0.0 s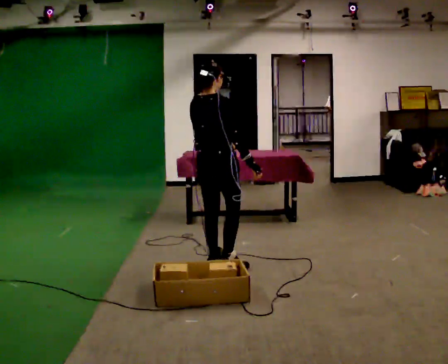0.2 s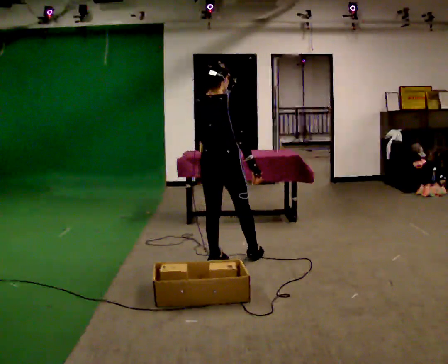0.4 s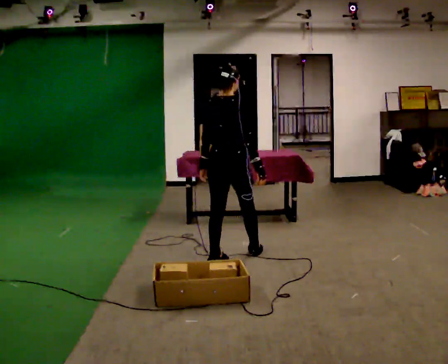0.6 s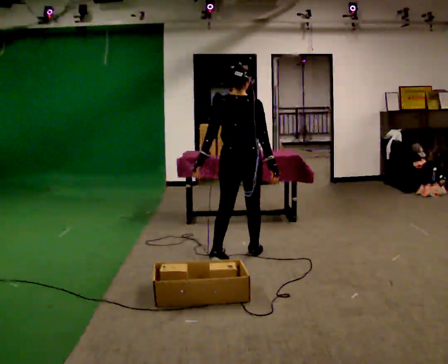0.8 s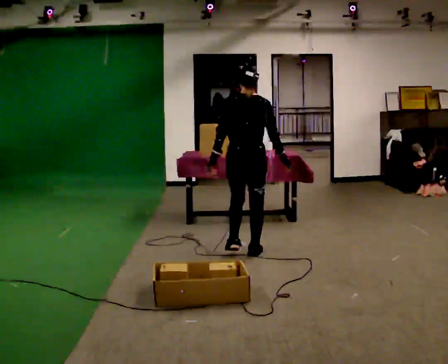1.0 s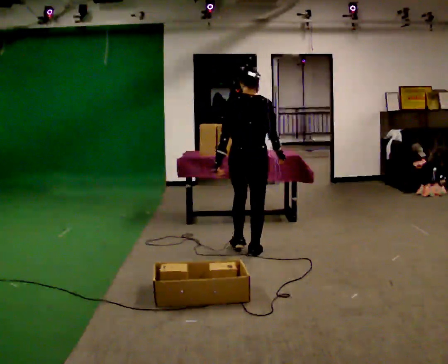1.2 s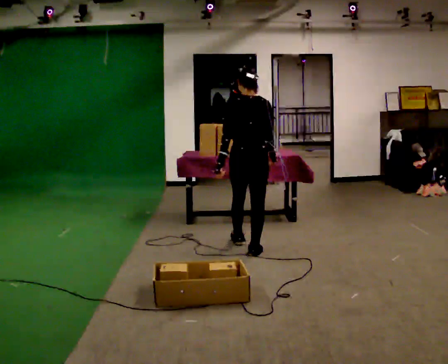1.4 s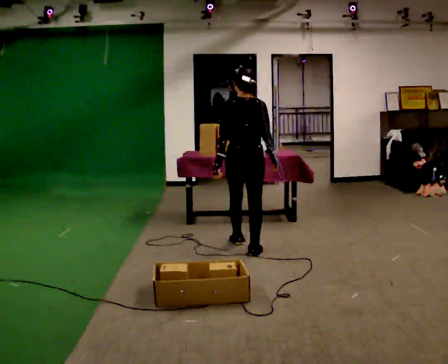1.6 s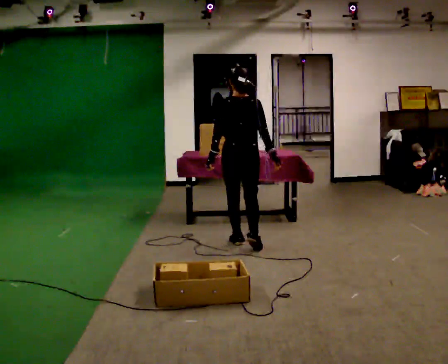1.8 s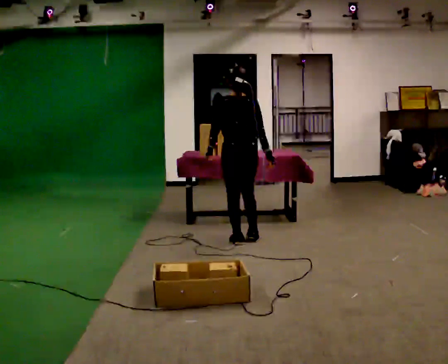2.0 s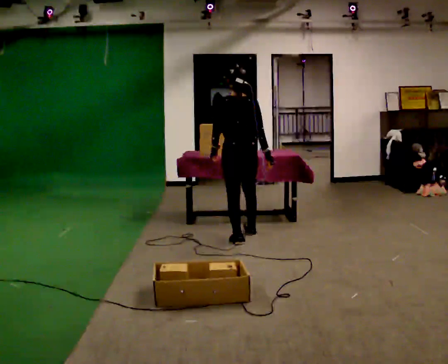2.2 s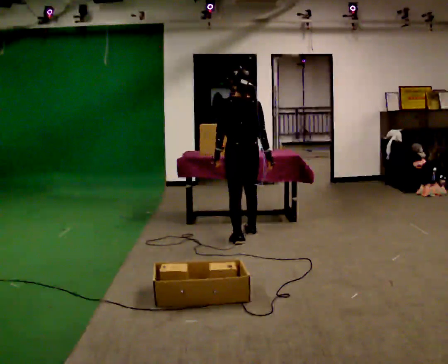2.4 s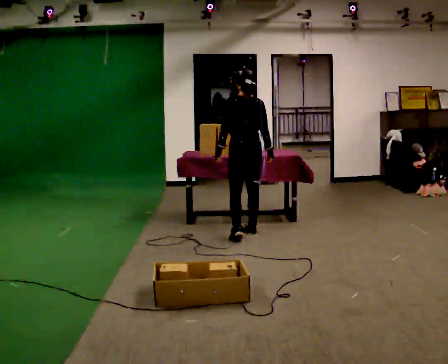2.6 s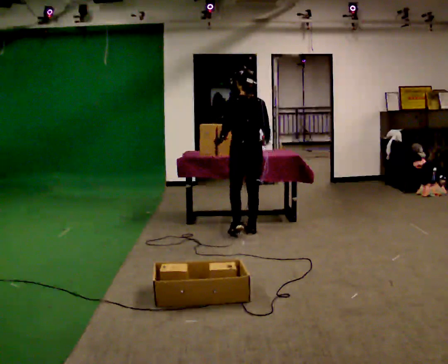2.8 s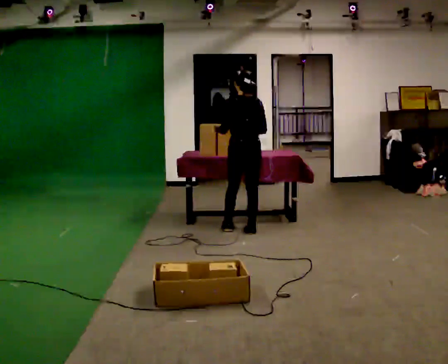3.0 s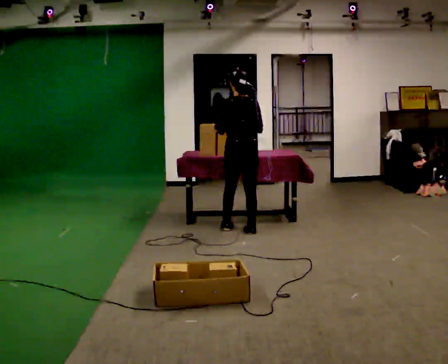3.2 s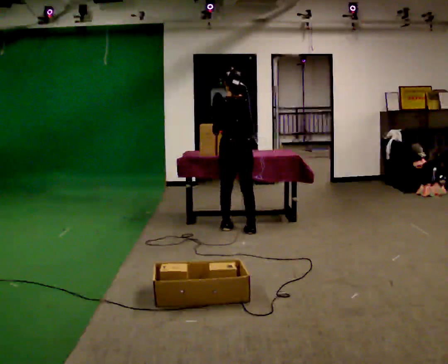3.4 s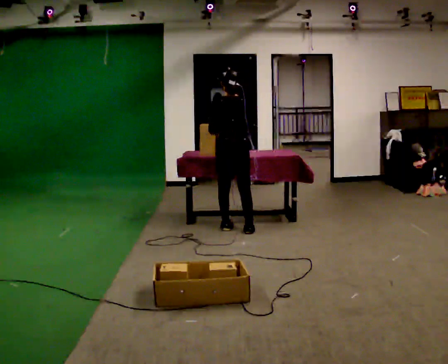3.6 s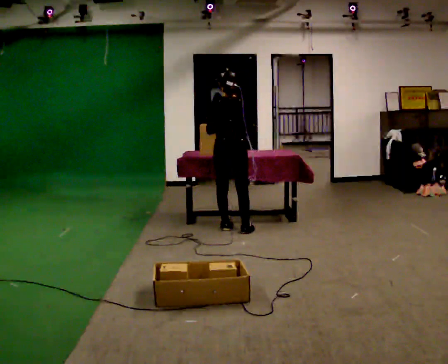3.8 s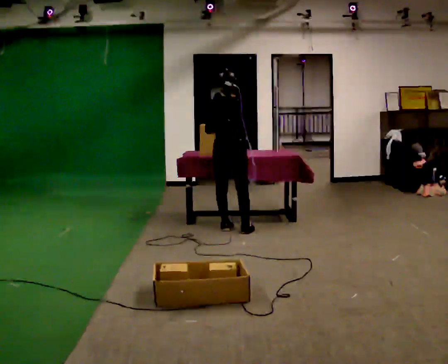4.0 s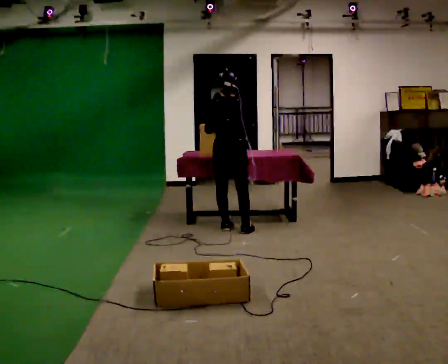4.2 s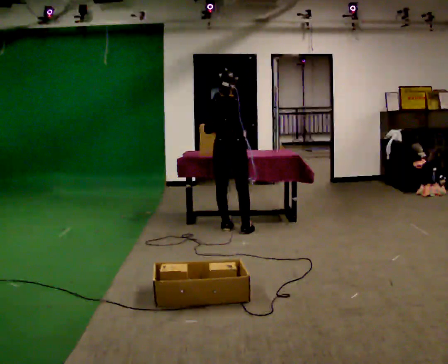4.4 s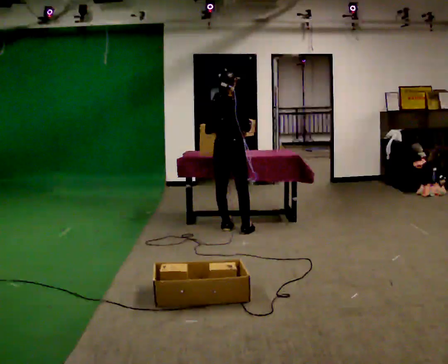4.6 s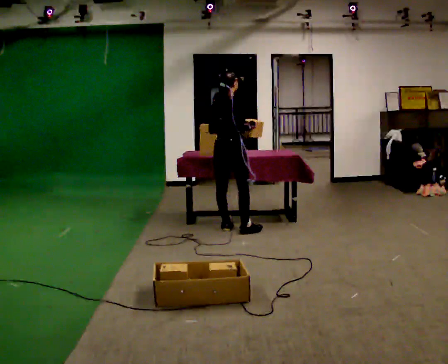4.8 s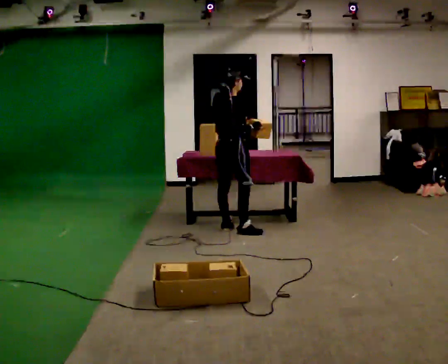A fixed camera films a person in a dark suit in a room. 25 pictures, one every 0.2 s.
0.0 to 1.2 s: Seen from above the body turns counterclockwise, about 45 degrees: to their left, with its near side sliding to the right. In the picture they go away from the camera and to the right, about 0.5 m in 1 step, which for them is forward and to their right.
1.2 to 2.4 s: In the picture they go away from the camera, about 0.5 m in 2 steps, which for them is forward.
2.4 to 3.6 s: In the picture they go away from the camera and to the left, about 0.25 m in 1 step, which for them is forward.
3.6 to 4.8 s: The part of the body nearest the lens slides to the left as the person turns to their right by about 60 degrees.
The film runs forward here.
